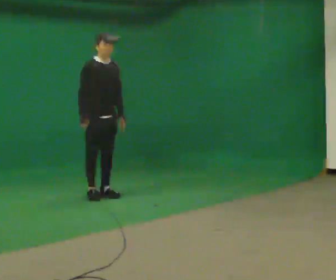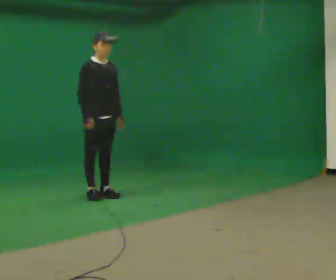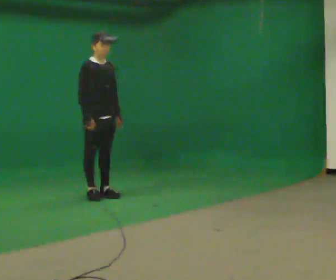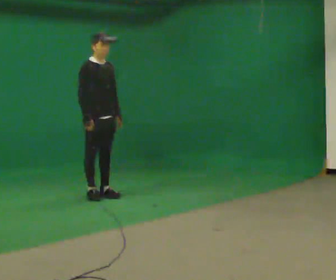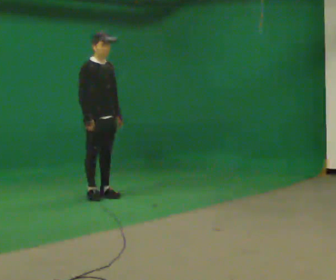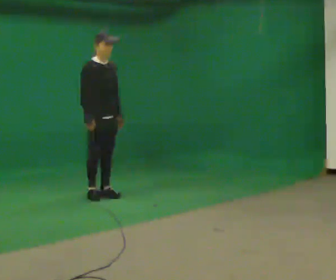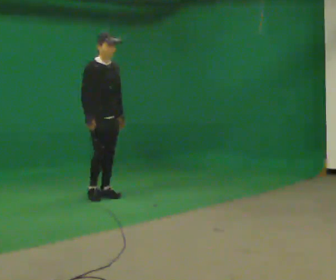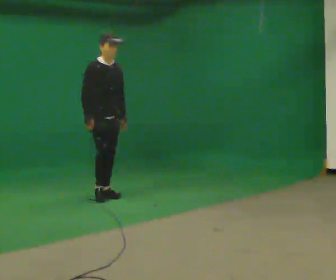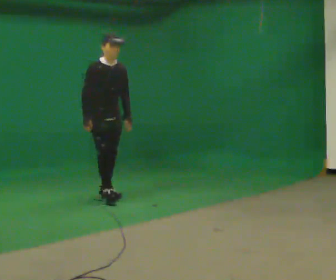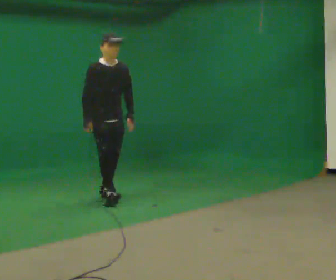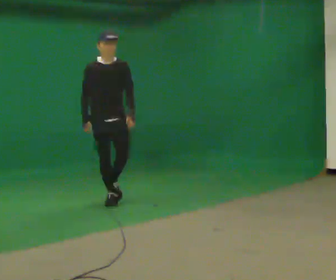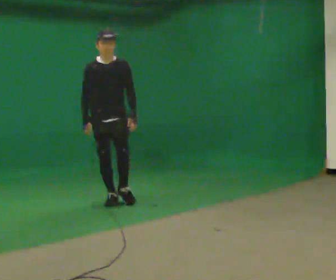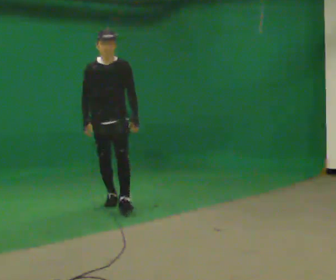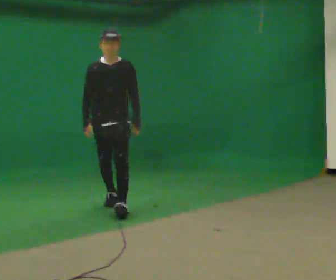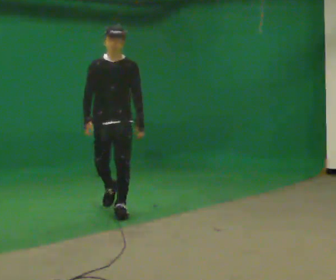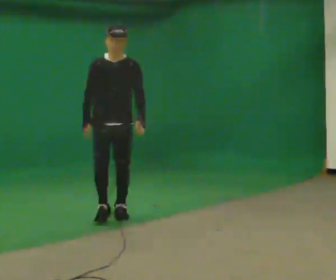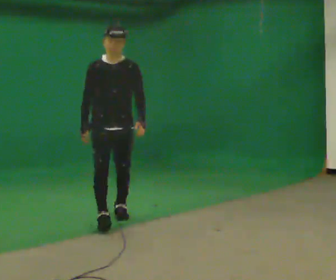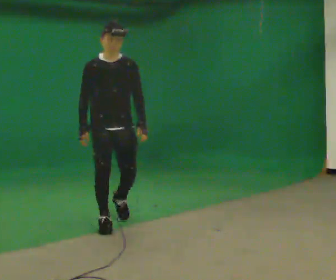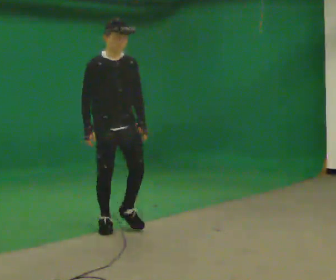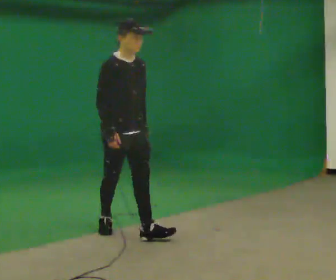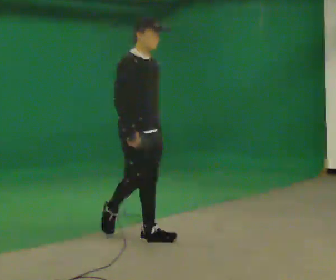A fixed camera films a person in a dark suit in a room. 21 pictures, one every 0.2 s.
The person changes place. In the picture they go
toward the camera.
0.0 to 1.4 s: The person moves a little, or ends about where they began.
1.4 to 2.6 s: Seen from above the body turns clockwise, about 45 degrees: to their right, with its near side sliding to the left. In the picture they go toward the camera, about 0.5 m in 2 steps, which for them is forward.
2.6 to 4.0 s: The person turns about 60 degrees to their left, counterclockwise seen from above, so the part of the body nearest the lens slides to the right. In the picture they go toward the camera, about 1 m in 2 steps, which for them is forward.
The film runs forward here.
